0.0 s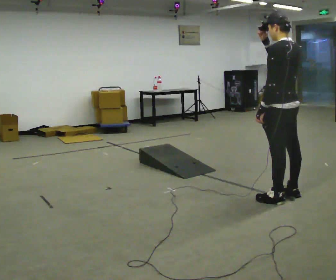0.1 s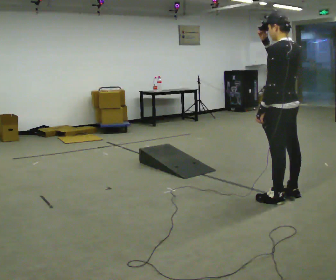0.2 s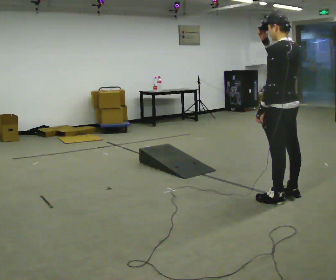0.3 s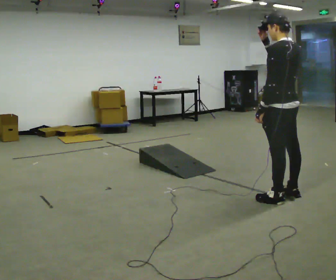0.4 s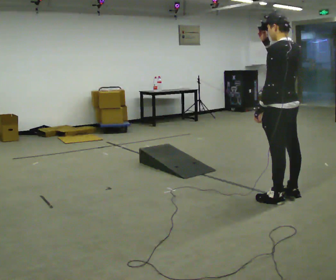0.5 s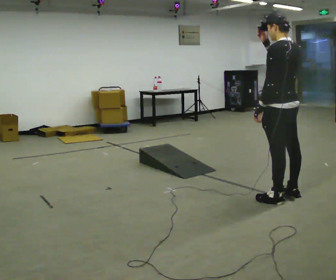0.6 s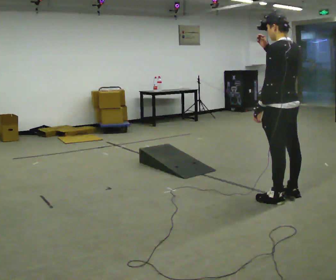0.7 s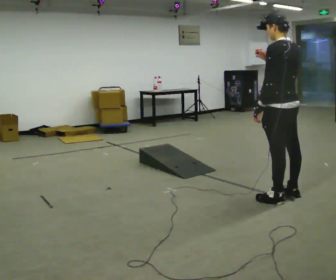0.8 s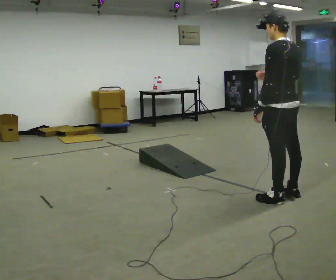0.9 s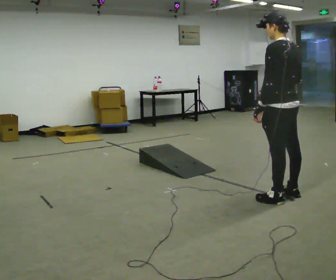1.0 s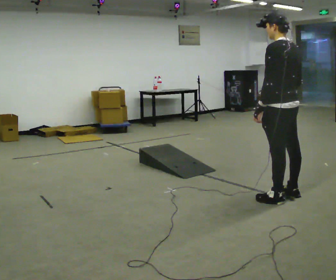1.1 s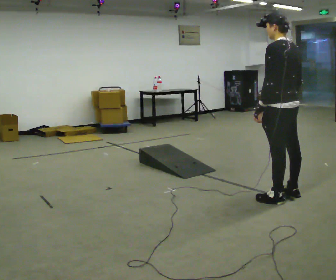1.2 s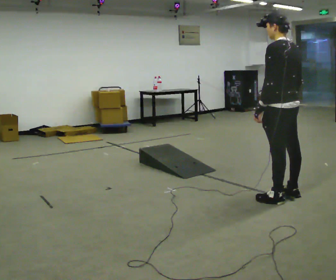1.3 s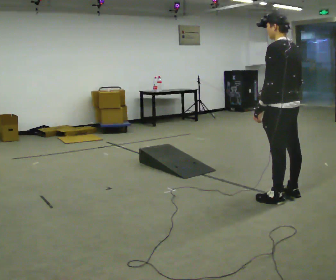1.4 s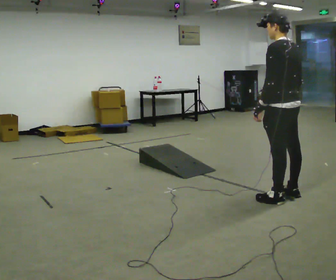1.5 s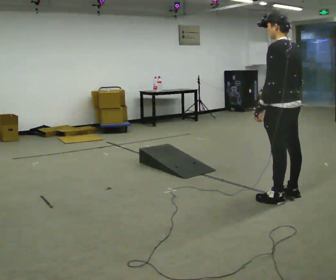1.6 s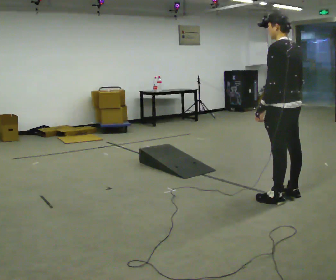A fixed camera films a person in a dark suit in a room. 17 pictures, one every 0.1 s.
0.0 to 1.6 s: In the picture their right hand goes downward.
The film runs backward here.
